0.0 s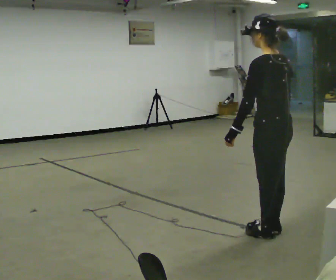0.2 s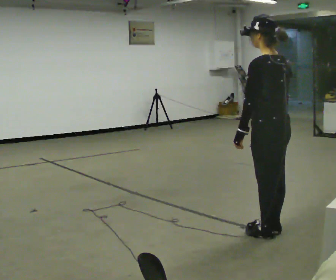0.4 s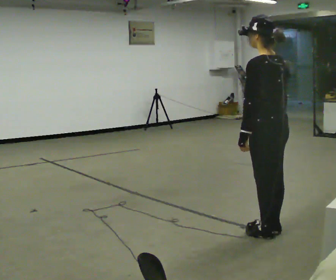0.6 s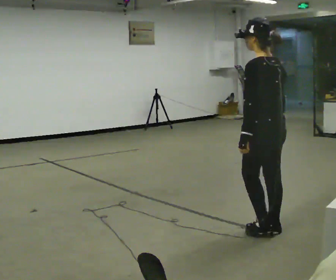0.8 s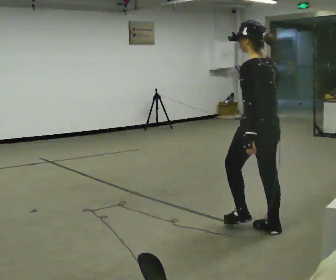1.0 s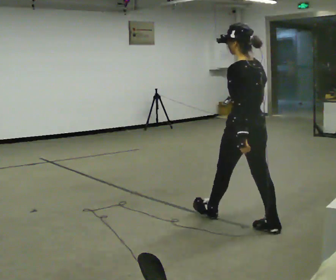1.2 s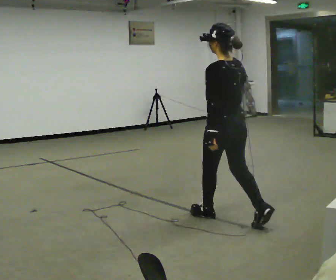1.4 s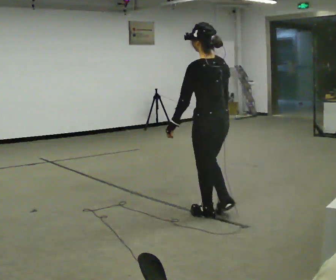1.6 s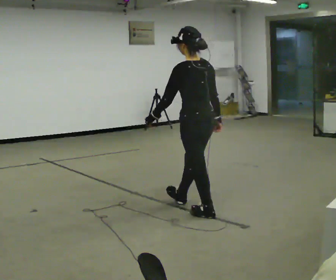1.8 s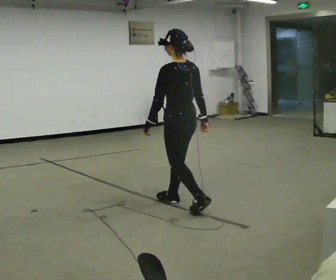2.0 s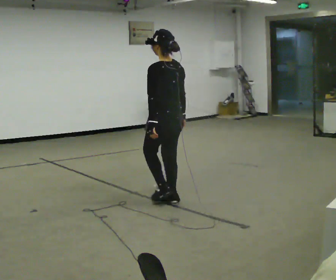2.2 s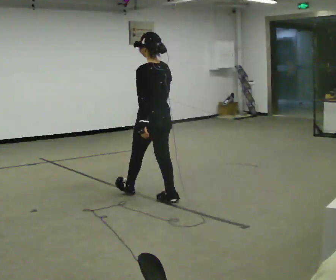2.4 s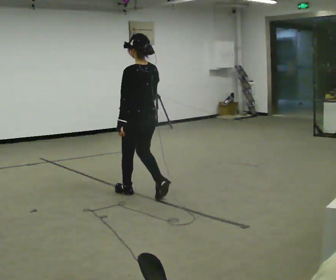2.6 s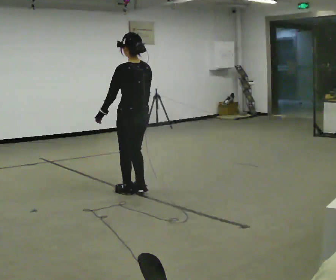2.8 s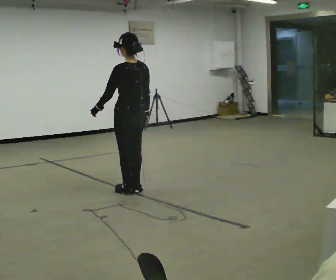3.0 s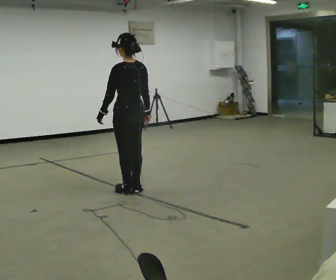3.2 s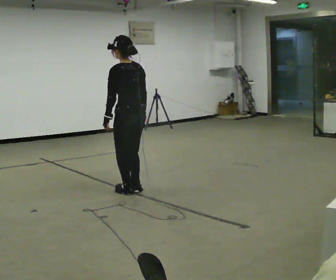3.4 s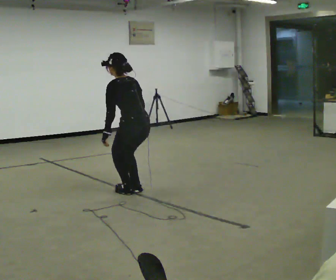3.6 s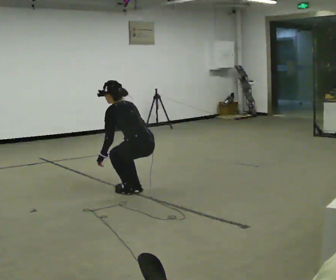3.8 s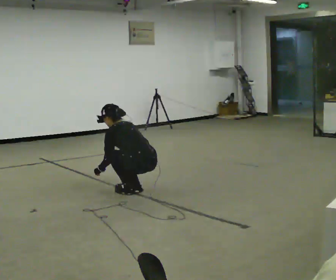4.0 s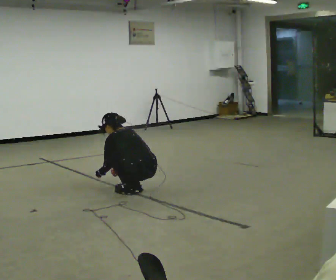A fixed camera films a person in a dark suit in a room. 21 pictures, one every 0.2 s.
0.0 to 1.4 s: In the picture they go away from the camera and to the left, about 0.75 m in 1 step, which for them is forward.
1.4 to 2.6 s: In the picture they go away from the camera and to the left, about 1 m in 2 steps, which for them is forward.
2.6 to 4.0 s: The upper body goes downward. The upper body tips away from the camera, its near side rolling upward, as they bend forward. In the picture their right hand goes downward.
The film runs forward here.
